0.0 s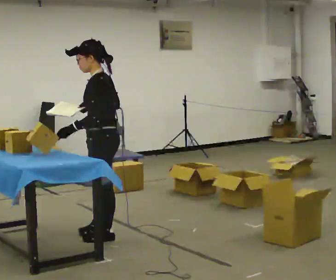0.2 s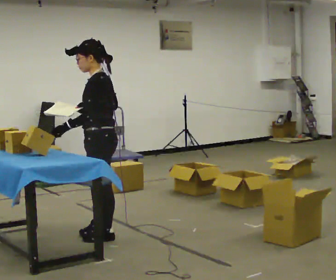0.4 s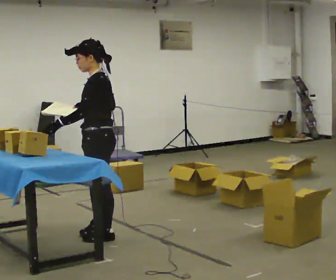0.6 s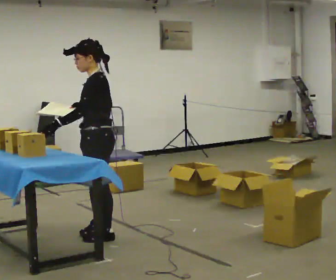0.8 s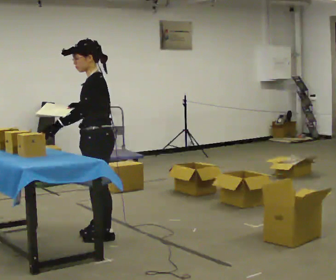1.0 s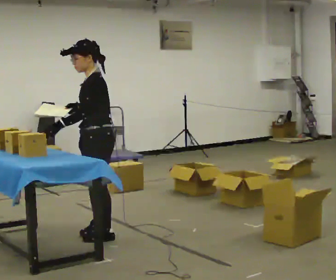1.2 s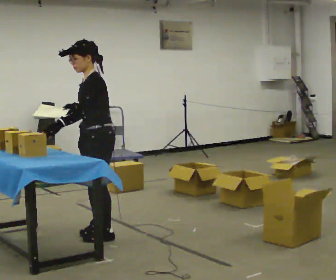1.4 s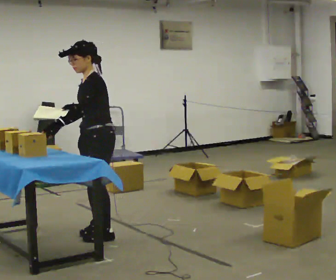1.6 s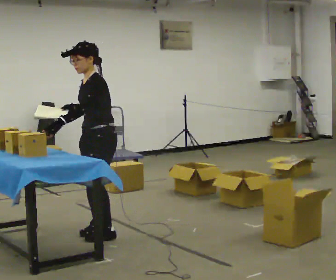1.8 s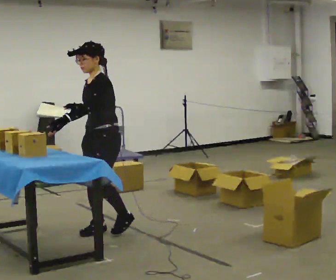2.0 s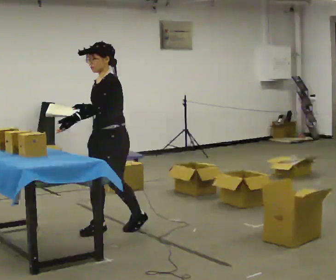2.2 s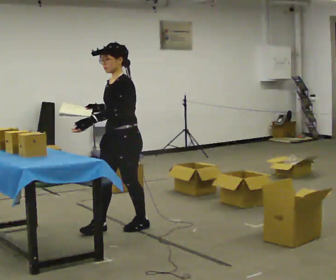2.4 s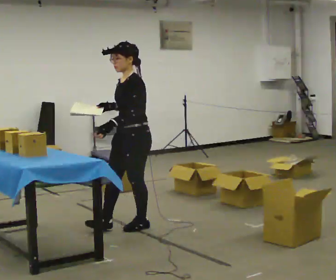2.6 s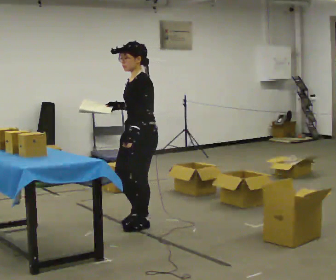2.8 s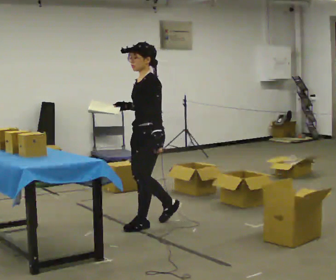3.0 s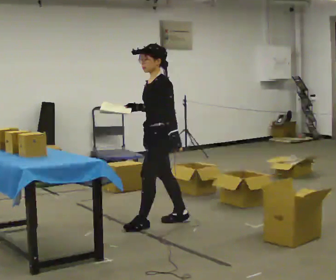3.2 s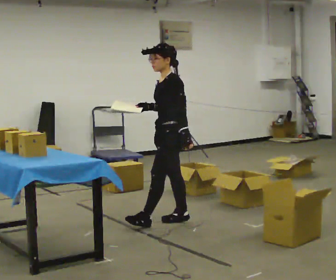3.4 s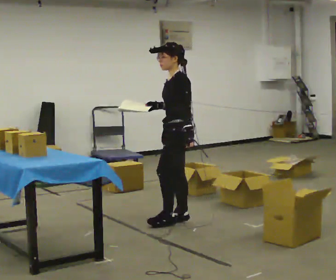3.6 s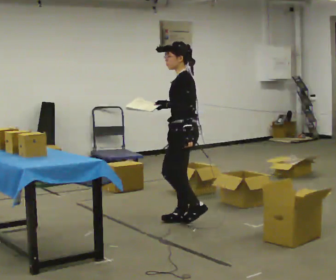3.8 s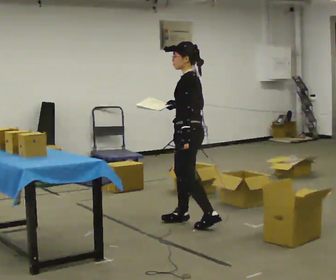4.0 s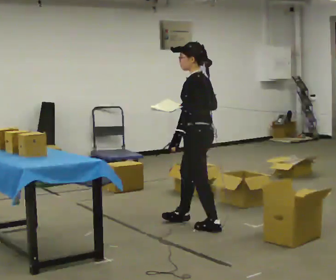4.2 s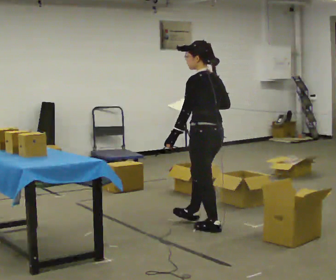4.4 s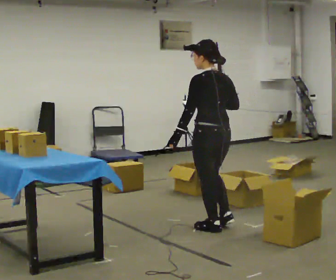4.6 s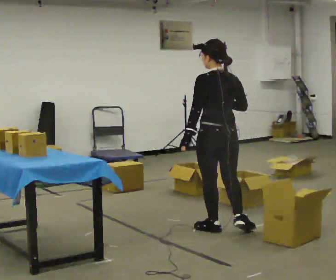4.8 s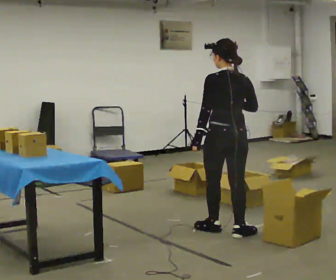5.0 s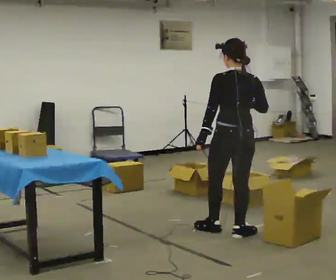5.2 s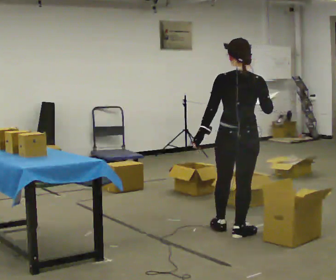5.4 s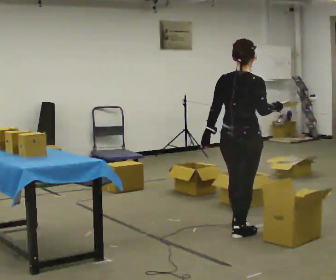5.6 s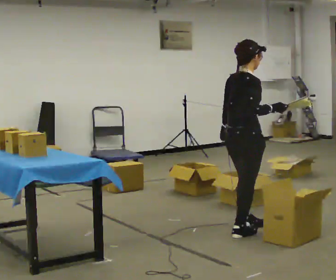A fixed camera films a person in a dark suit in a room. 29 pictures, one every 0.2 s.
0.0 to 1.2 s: The person moves a little, or ends about where they began.
1.2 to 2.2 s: In the picture they go away from the camera and to the right, about 0.25 m in 1 step, which for them is backward.
2.2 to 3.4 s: The person turns about 30 degrees to their right, clockwise seen from above, so the part of the body nearest the lens slides to the left. In the picture they go to the right and away from the camera, about 0.5 m in 2 steps, which for them is backward.
3.4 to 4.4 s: Seen from above the body turns clockwise, about 60 degrees: to their right, with its near side sliding to the left. In the picture they go toward the camera and to the right, about 0.5 m in 1 step.
4.4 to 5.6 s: The part of the body nearest the lens slides to the left as the person turns to their right by about 90 degrees. In the picture they go to the right and toward the camera, about 0.25 m in 1 step.
The film runs backward here.
